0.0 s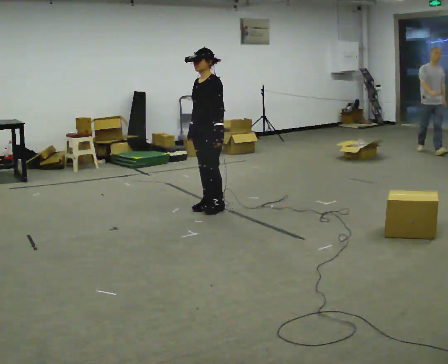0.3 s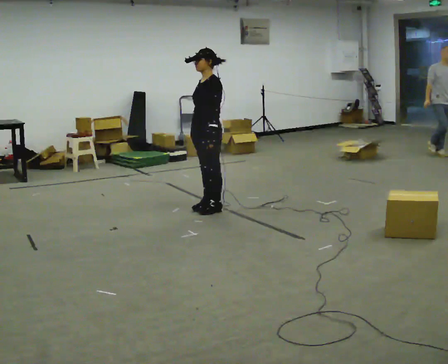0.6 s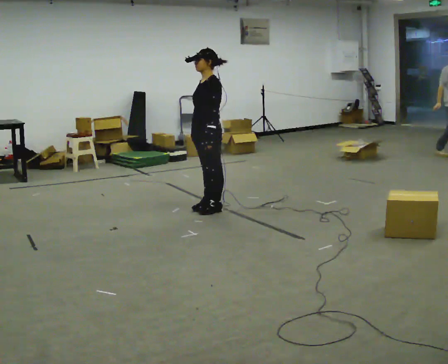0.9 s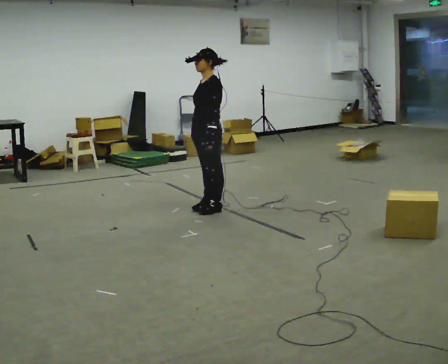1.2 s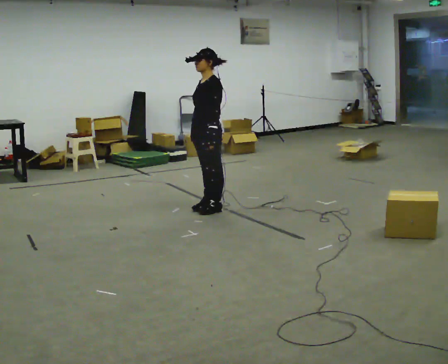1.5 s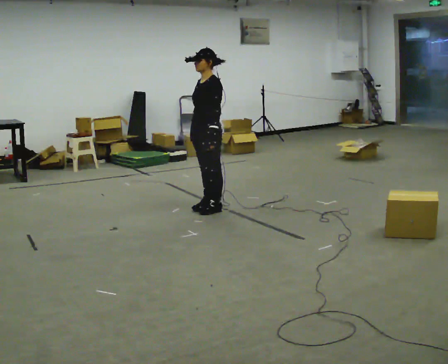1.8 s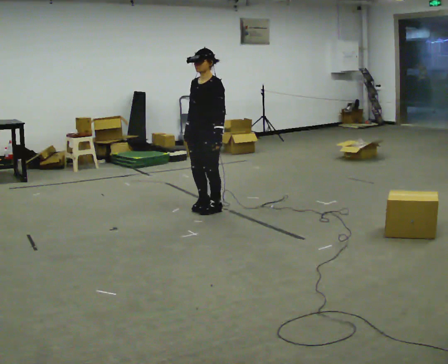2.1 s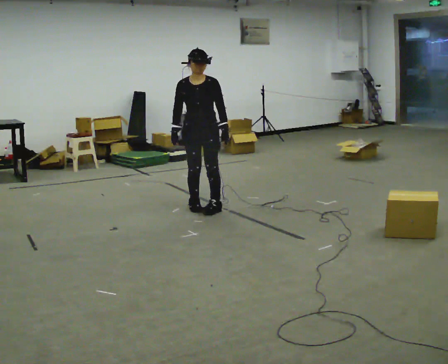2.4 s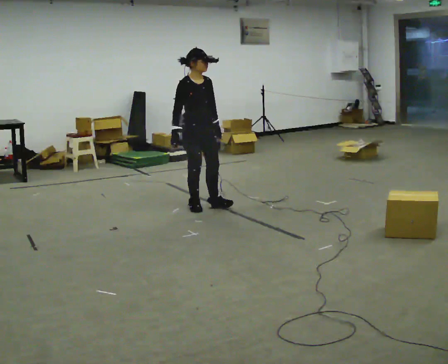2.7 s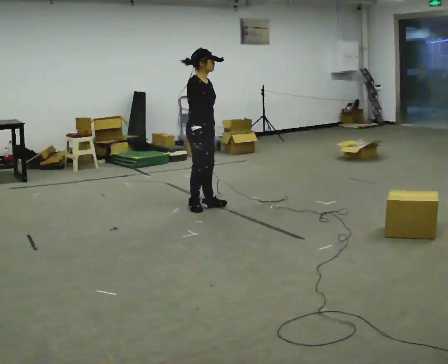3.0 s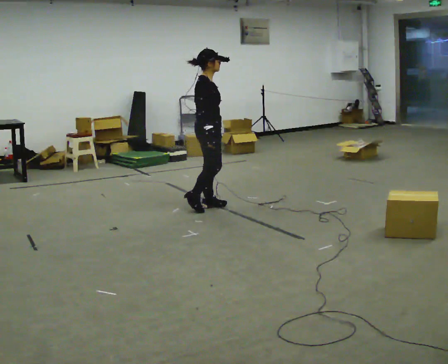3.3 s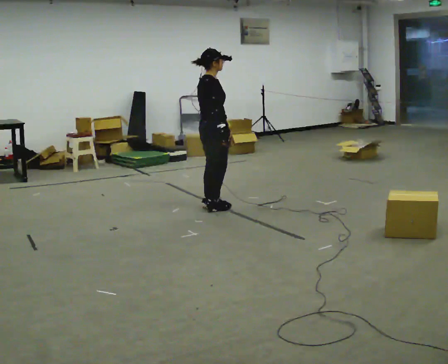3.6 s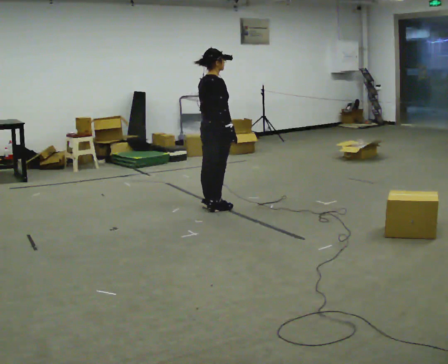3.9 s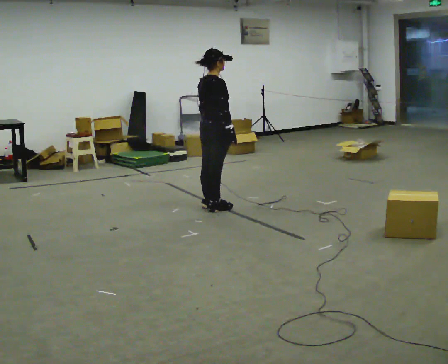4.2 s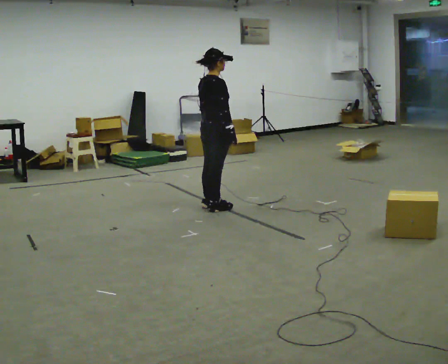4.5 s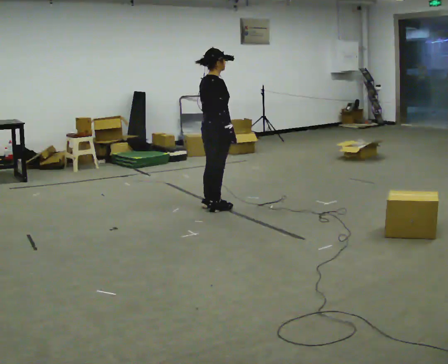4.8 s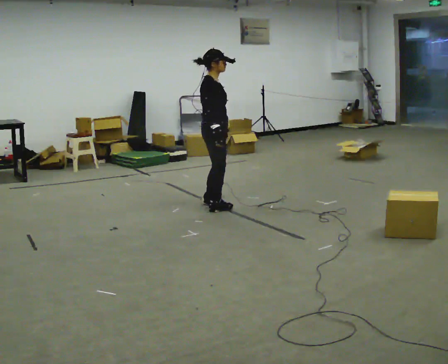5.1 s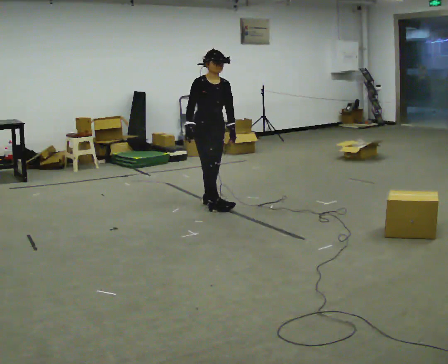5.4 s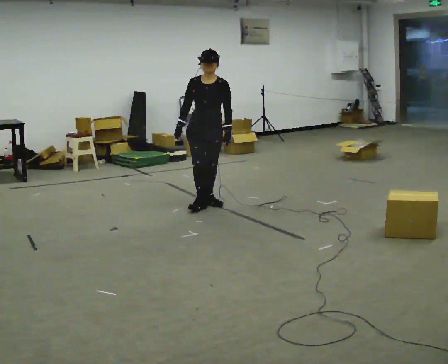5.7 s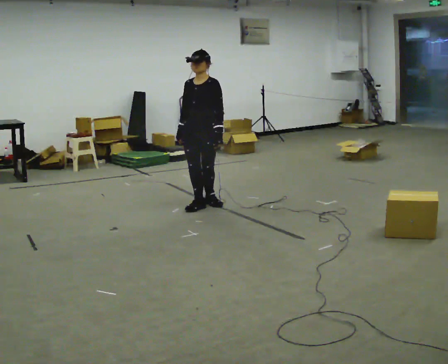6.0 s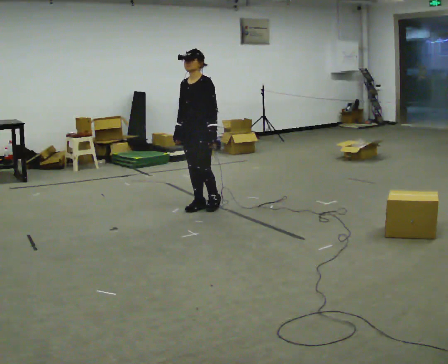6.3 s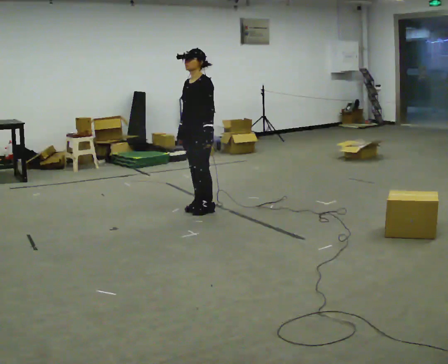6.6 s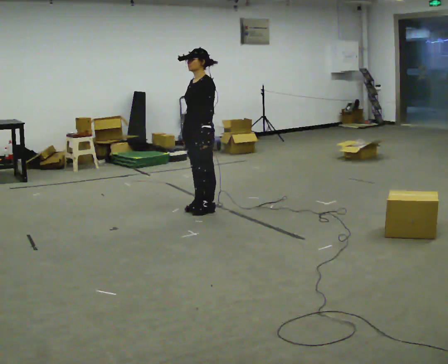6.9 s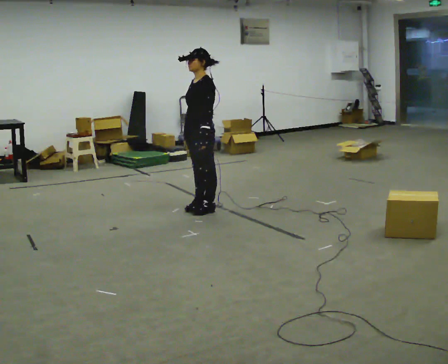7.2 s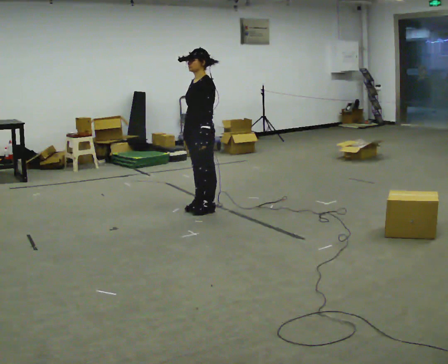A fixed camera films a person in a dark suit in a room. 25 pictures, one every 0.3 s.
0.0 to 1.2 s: The person moves a little, or ends about where they began.
1.2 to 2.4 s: The part of the body nearest the lens slides to the right as the person turns to their left by about 120 degrees. In the picture they go to the left, about 0.25 m.
2.4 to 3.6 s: Seen from above the body turns counterclockwise, about 75 degrees: to their left, with its near side sliding to the right. In the picture their right hand goes to the right.
3.6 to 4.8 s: The part of the body nearest the lens slides to the left as the person turns to their right by about 45 degrees.
4.8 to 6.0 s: The part of the body nearest the lens slides to the left as the person turns to their right by about 120 degrees. In the picture their right hand goes to the left.
6.0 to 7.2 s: The person moves a little, or ends about where they began.
The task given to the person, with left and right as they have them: Turn on the spot to face the direction the operator calls, then stand still. The operator will call 90, 180 and 360 degrees and left or right.
The film runs forward here.
